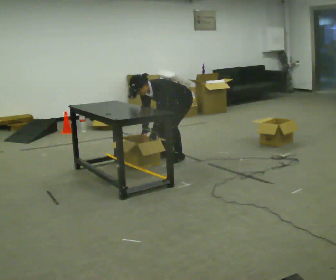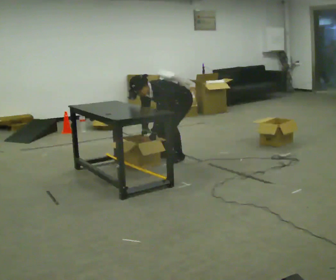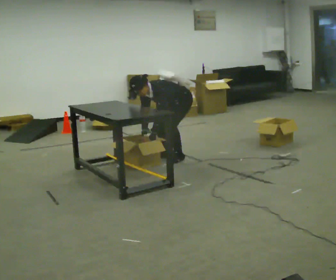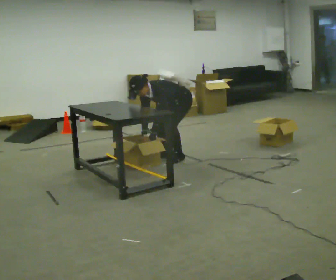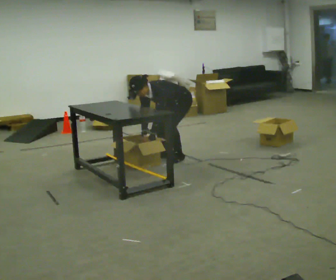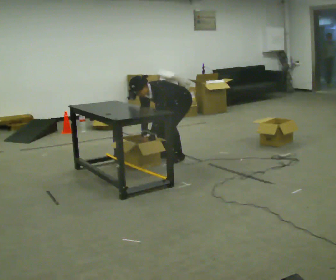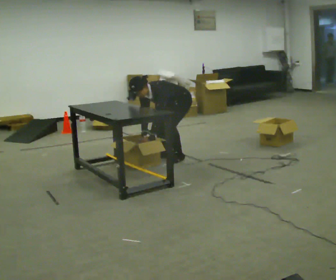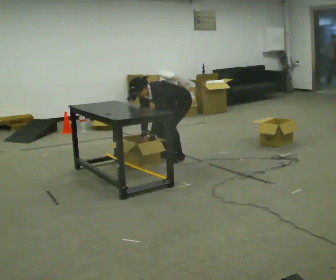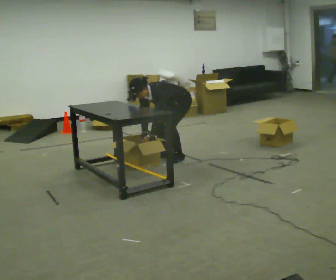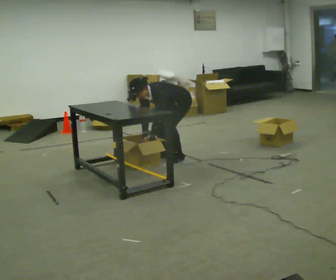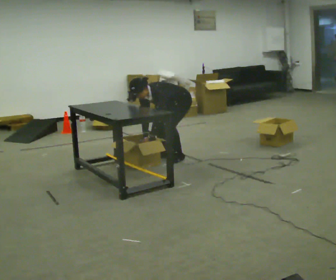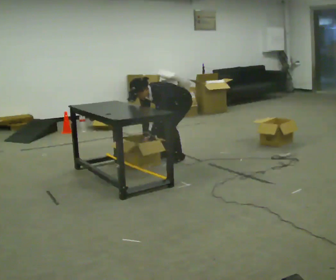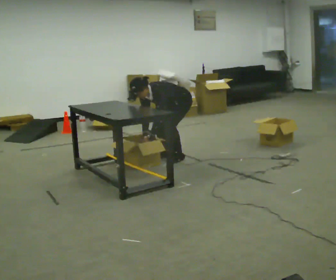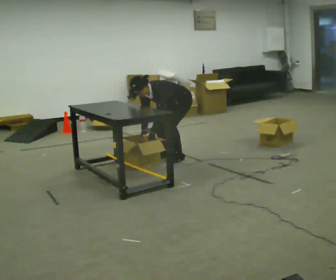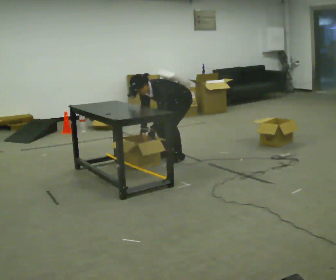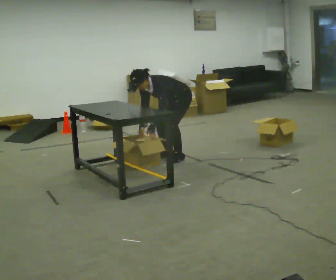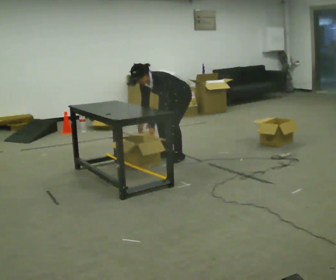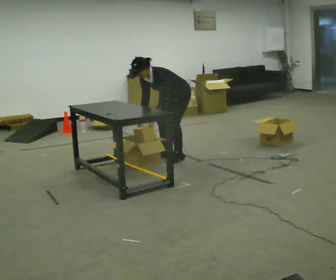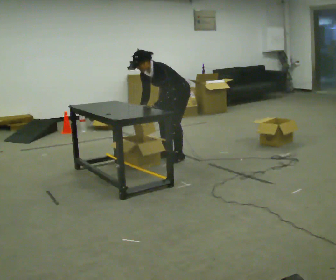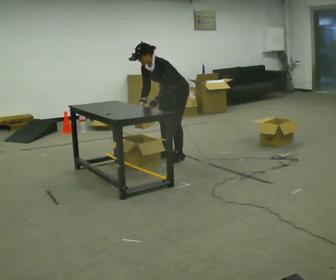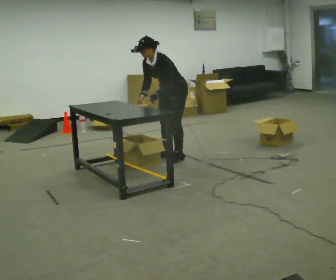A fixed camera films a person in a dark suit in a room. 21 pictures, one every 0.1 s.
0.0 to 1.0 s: The person moves a little, or ends about where they began.
1.0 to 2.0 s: The shoulders move upward. The upper body tips away from the camera, its near side rolling upward, as they lean back or straighten. In the picture their left hand goes upward.
The film runs forward here.
